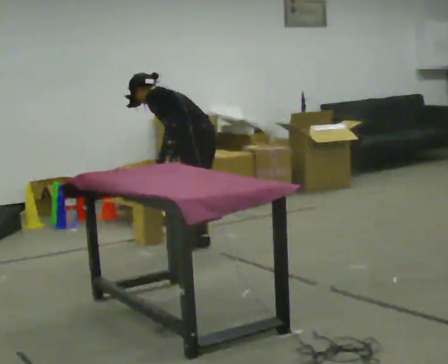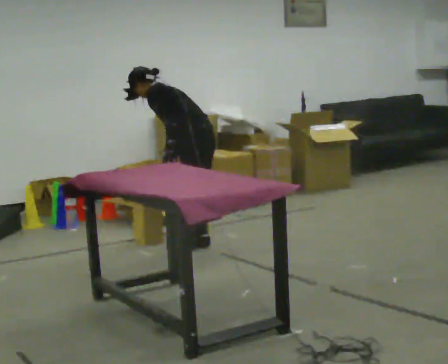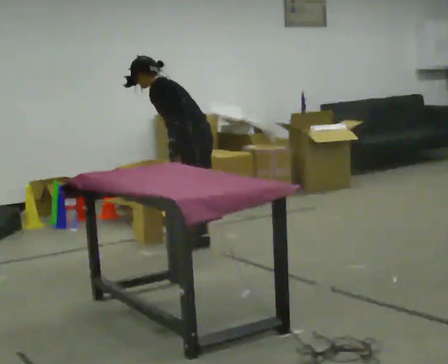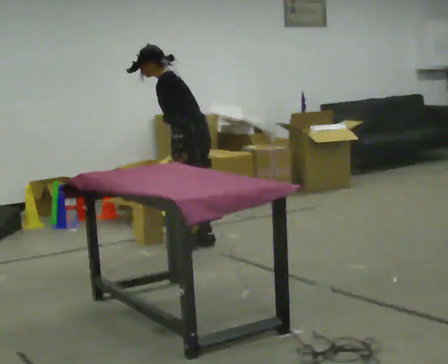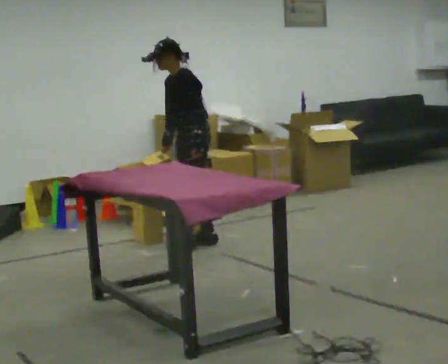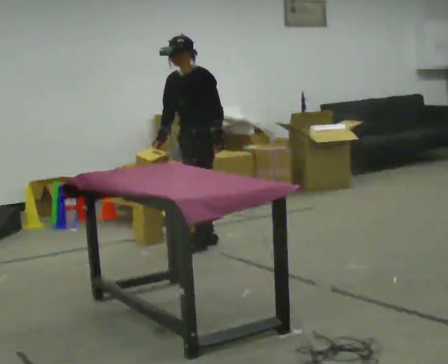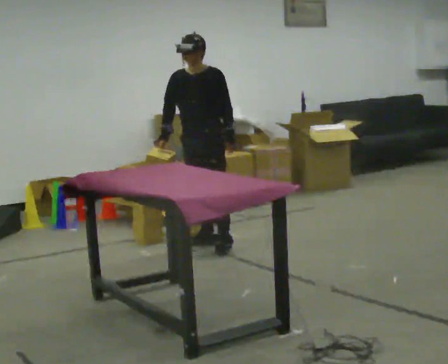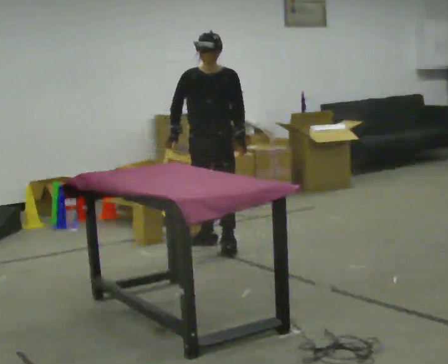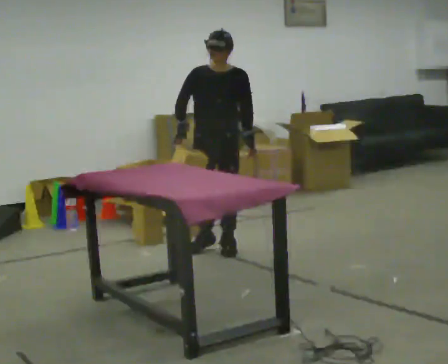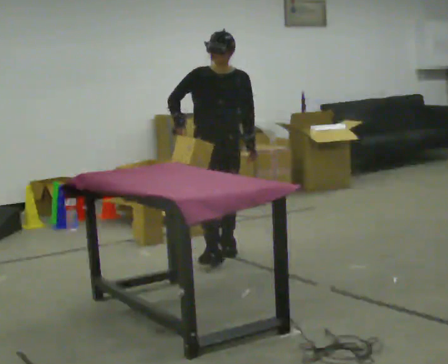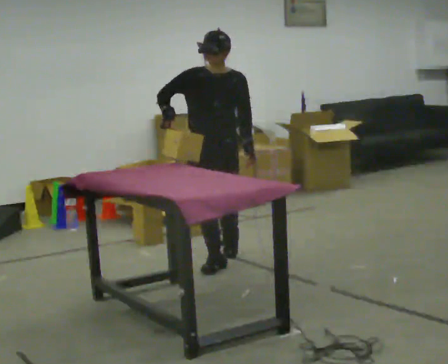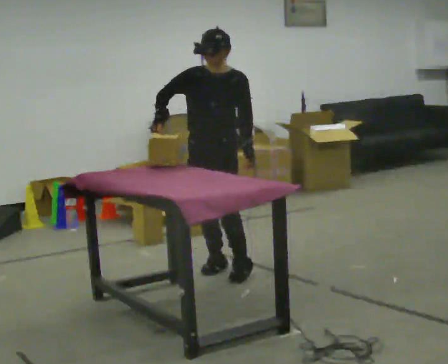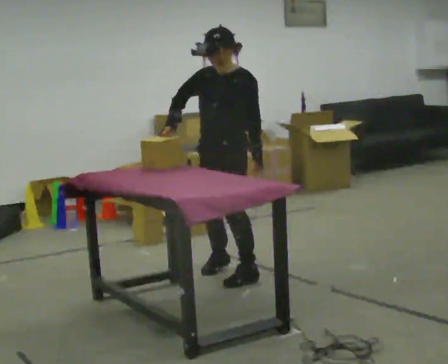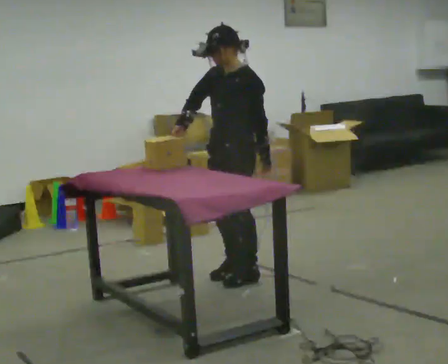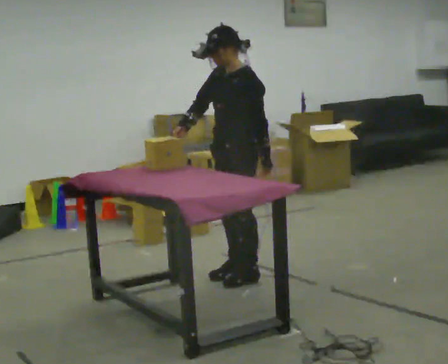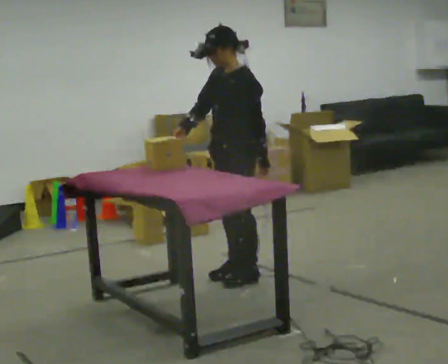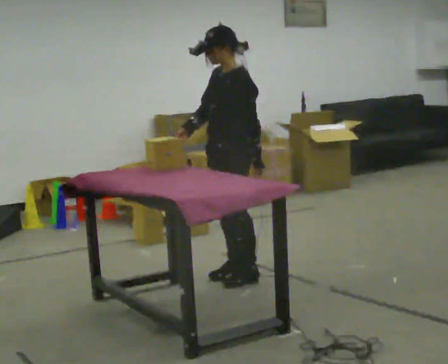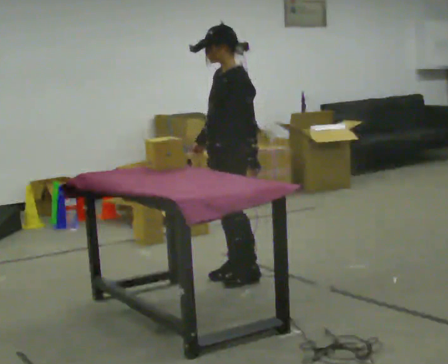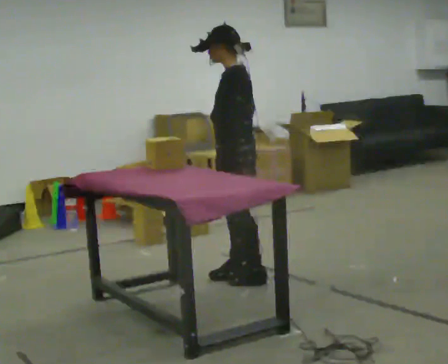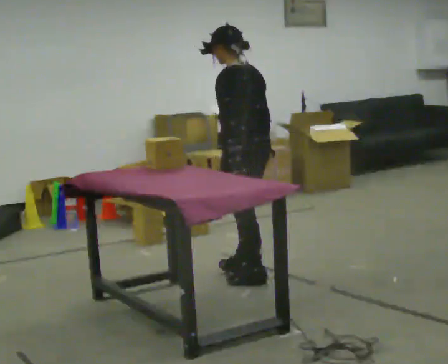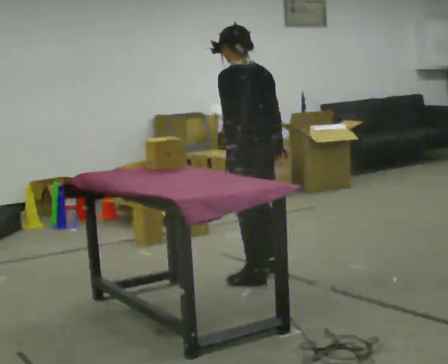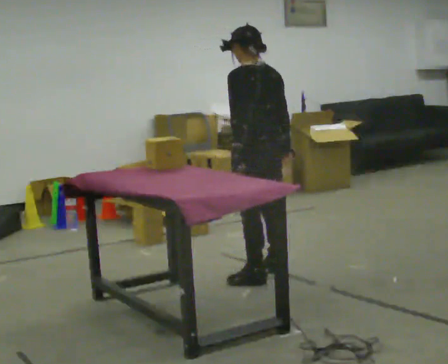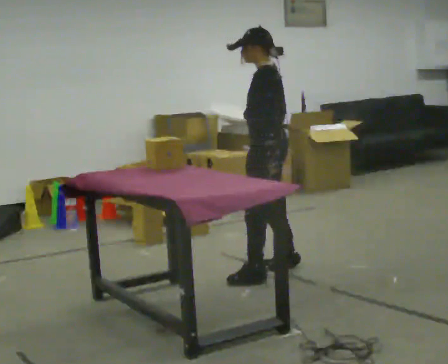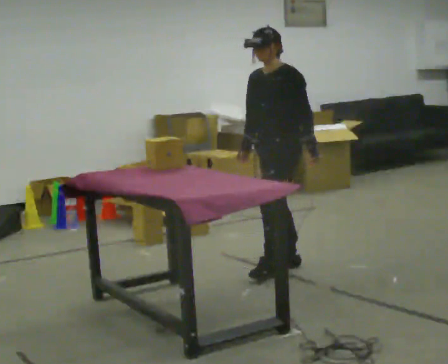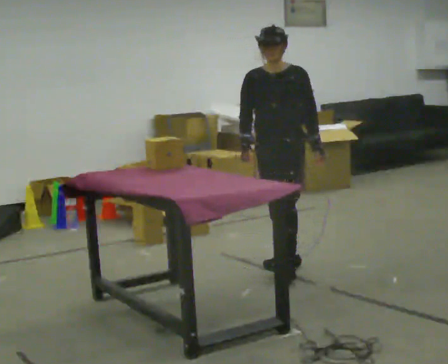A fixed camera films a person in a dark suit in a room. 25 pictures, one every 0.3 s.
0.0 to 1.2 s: The part of the body nearest the lens slides to the right as the person turns to their left by about 30 degrees. The upper body goes upward. The upper body tips toward the camera, its near side rolling downward, as they lean back or straighten.
1.2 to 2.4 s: Seen from above the body turns counterclockwise, about 75 degrees: to their left, with its near side sliding to the right. In the picture they go toward the camera, about 0.25 m in 1 step. In the picture the upper body tilts clockwise, shoulders to the right.
2.4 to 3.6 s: Seen from above the body turns clockwise, about 30 degrees: to their right, with its near side sliding to the left. In the picture they go toward the camera, about 0.75 m in 2 steps, which for them is forward.
3.6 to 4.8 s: The person turns about 30 degrees to their right, clockwise seen from above, so the part of the body nearest the lens slides to the left.
4.8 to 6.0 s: The person turns about 60 degrees to their right, clockwise seen from above, so the part of the body nearest the lens slides to the left. In the picture their right hand goes to the right, the arm swinging counterclockwise.
6.0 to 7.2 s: Seen from above the body turns counterclockwise, about 105 degrees: to their left, with its near side sliding to the right. In the picture they go away from the camera and to the right, about 0.25 m in 2 steps.
The film runs forward here.
